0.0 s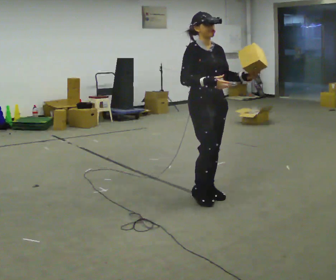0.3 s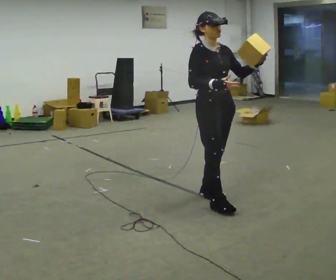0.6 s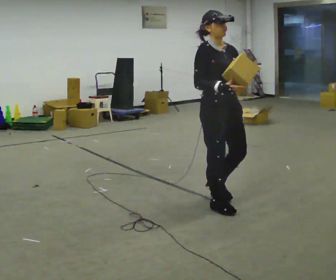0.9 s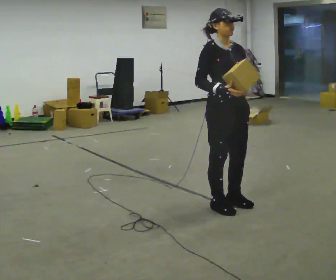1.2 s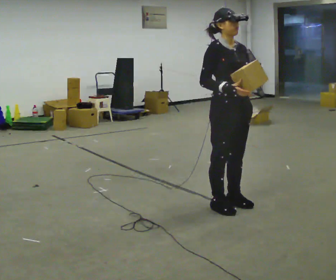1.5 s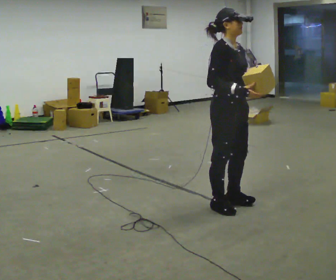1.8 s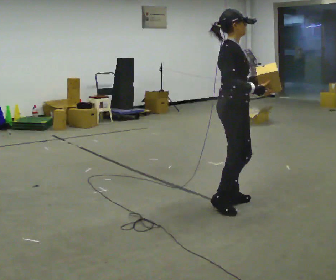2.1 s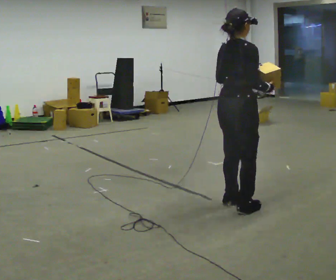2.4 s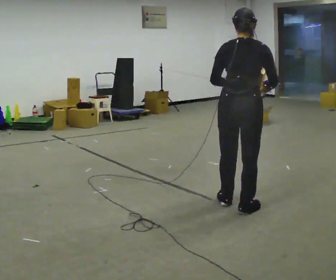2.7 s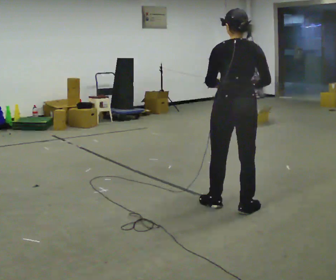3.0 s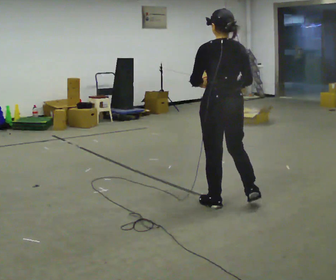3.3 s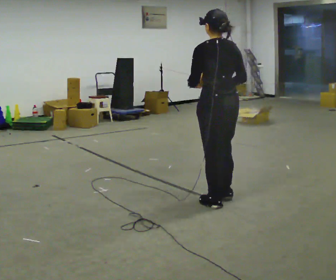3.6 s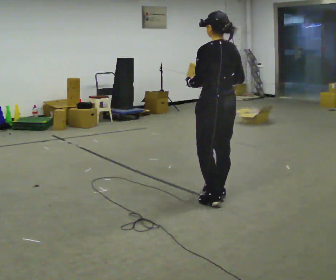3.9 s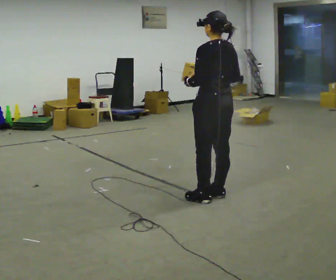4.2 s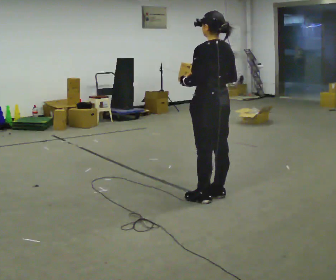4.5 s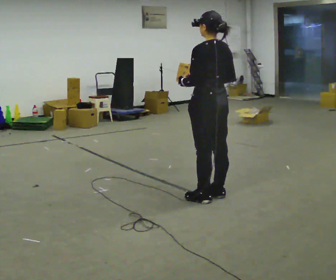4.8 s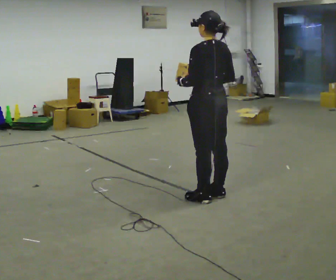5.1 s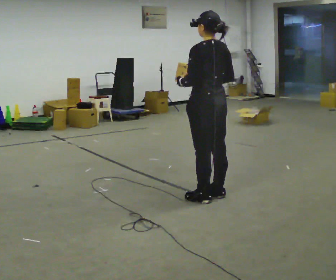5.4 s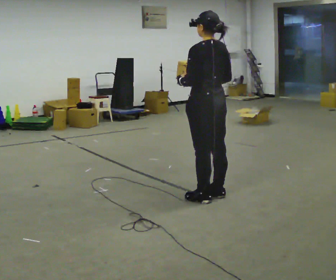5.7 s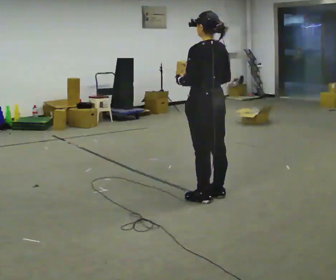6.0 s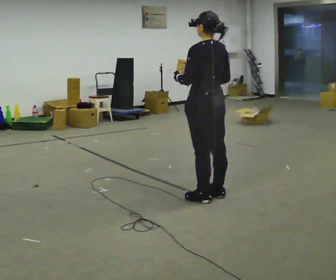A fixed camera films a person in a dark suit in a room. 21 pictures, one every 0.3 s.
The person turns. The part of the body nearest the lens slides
to the right.
The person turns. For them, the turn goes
to their left.
0.0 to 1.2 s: In the picture they go to the right and toward the camera, about 0.25 m in 2 steps, which for them is forward.
1.2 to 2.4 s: The part of the body nearest the lens slides to the right as the person turns to their left by about 120 degrees. In the picture their left hand goes to the left.
2.4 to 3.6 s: The part of the body nearest the lens slides to the right as the person turns to their left by about 45 degrees. In the picture they go to the left and away from the camera, about 0.25 m in 1 step, which for them is forward.
3.6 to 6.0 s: The person moves a little, or ends about where they began.
The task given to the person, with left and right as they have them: Carry the object in one hand and, while walking, pass it to your other hand. Keep passing it back and forth as you walk.
The film runs forward here.
